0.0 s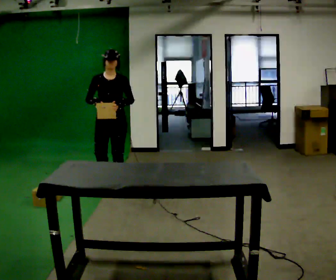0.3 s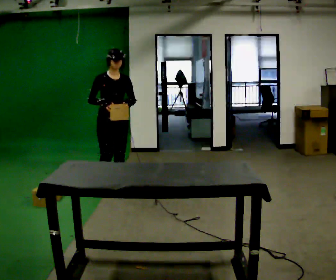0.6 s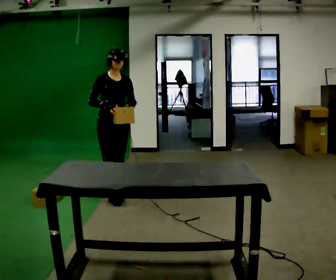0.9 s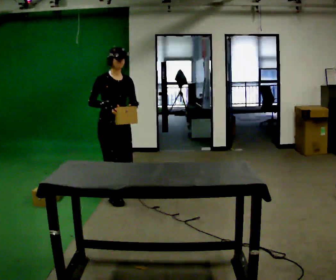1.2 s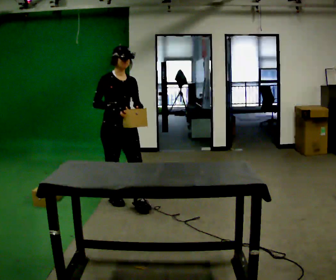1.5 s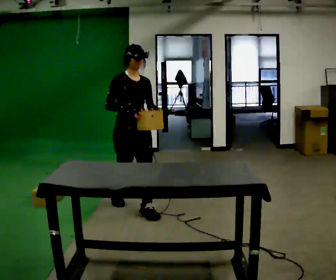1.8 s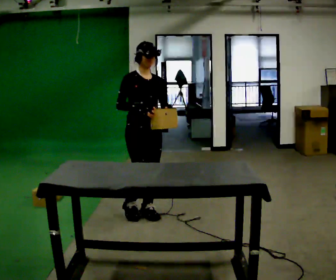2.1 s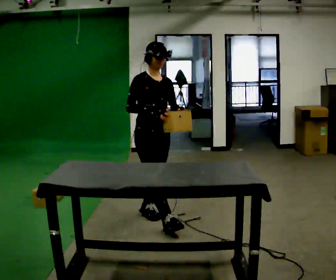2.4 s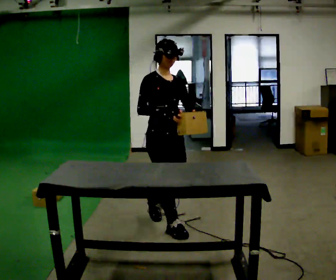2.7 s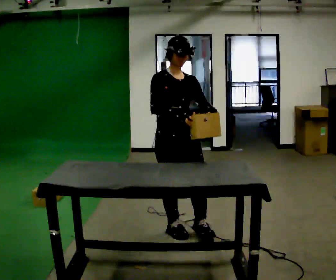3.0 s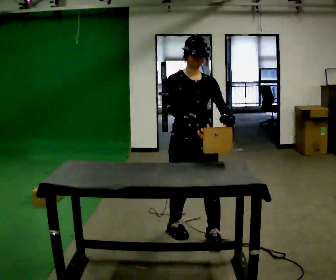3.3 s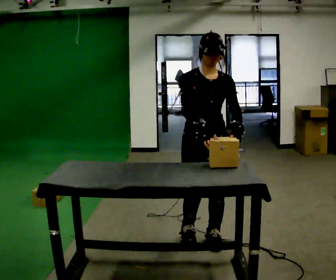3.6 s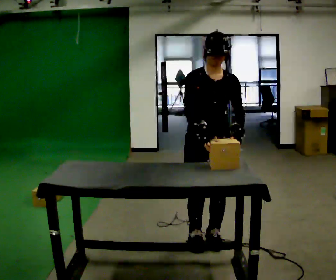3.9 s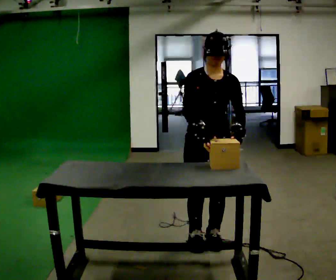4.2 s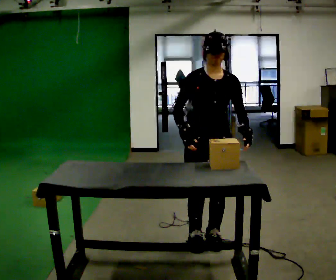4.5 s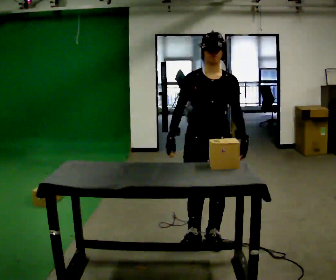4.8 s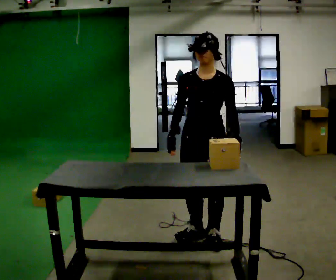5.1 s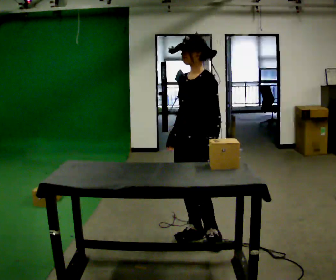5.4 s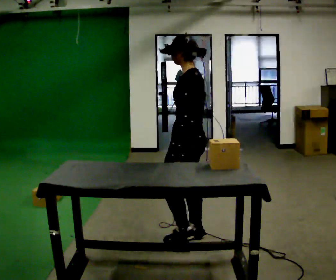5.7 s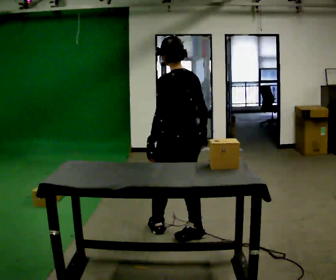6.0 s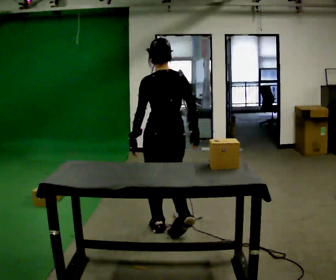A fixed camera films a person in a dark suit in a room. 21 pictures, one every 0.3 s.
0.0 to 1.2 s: The person turns about 30 degrees to their left, counterclockwise seen from above, so the part of the body nearest the lens slides to the right. In the picture they go toward the camera and to the right, about 0.5 m in 1 step, which for them is forward.
1.2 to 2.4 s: In the picture they go to the right and toward the camera, about 1 m in 2 steps, which for them is forward.
2.4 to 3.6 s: The person turns about 45 degrees to their right, clockwise seen from above, so the part of the body nearest the lens slides to the left. In the picture they go to the right and toward the camera, about 0.5 m in 2 steps, which for them is forward and to their left.
3.6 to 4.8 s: The person turns about 30 degrees to their right, clockwise seen from above, so the part of the body nearest the lens slides to the left.
4.8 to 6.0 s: The person turns about 135 degrees to their right, clockwise seen from above, so the part of the body nearest the lens slides to the left. In the picture they go to the left and away from the camera, about 0.25 m in 1 step.
The film runs forward here.
